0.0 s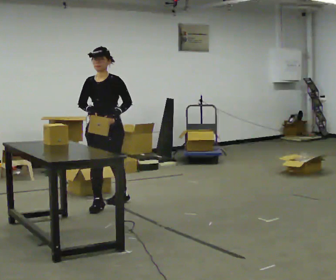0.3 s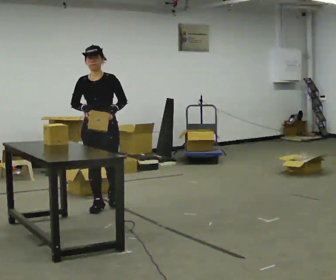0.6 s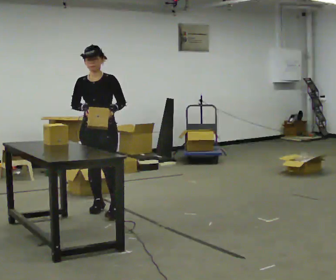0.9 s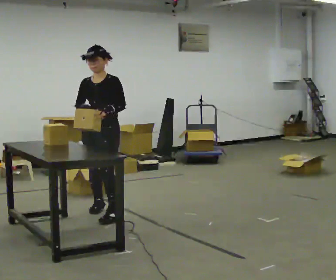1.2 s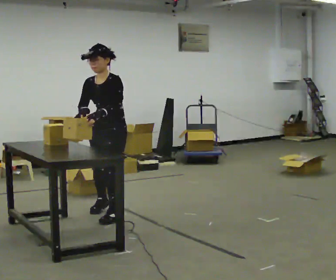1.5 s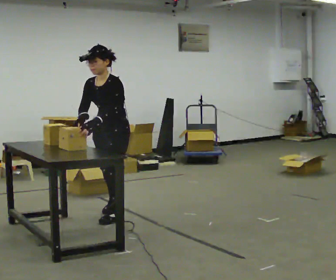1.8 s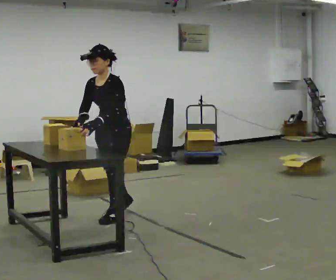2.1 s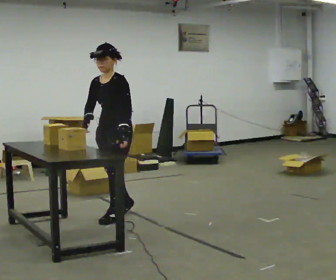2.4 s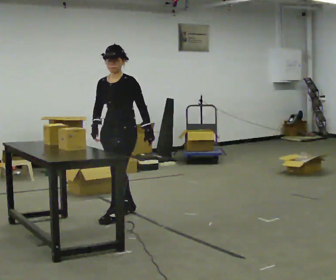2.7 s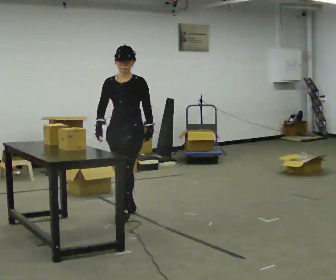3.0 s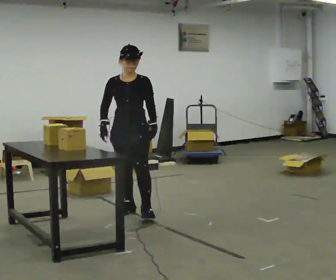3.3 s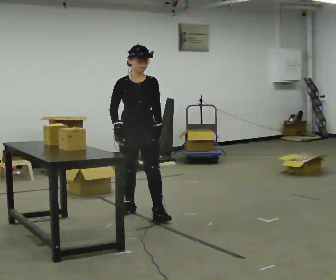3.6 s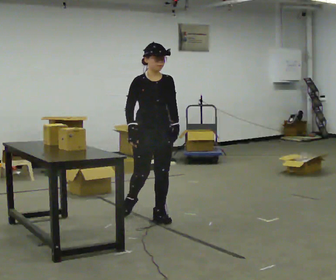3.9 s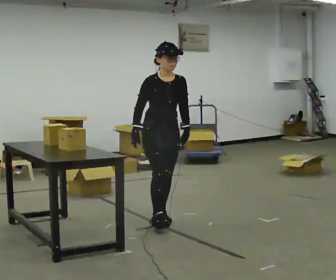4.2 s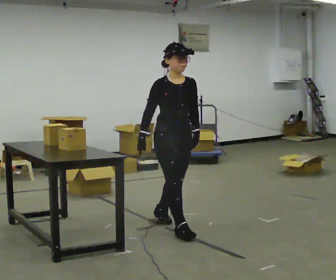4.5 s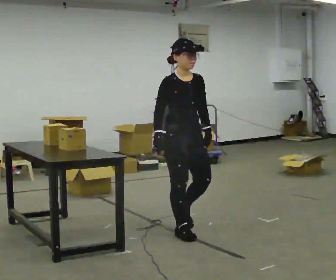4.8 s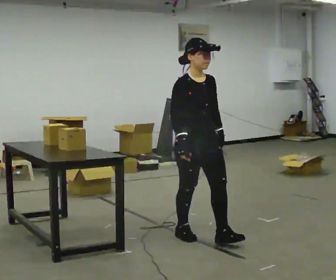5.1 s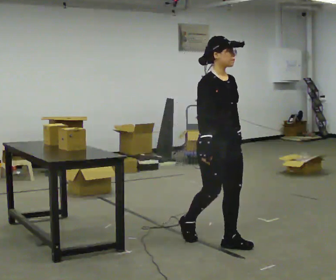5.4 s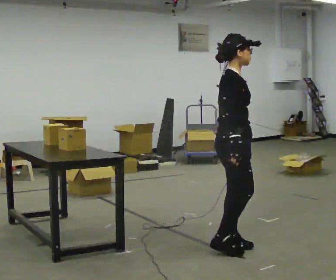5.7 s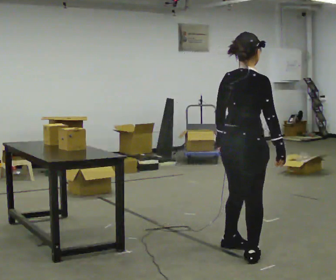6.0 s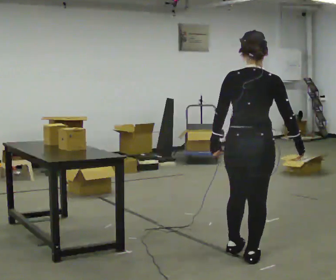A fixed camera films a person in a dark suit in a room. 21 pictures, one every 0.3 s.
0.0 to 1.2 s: In the picture they go toward the camera, about 0.5 m in 1 step, which for them is forward and to their left.
1.2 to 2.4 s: In the picture their left hand goes to the right.
2.4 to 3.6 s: Seen from above the body turns counterclockwise, about 60 degrees: to their left, with its near side sliding to the right. In the picture they go to the right, about 0.25 m in 1 step, which for them is to their left.
3.6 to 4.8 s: In the picture they go toward the camera and to the right, about 0.5 m in 1 step, which for them is forward.
4.8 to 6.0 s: Seen from above the body turns counterclockwise, about 135 degrees: to their left, with its near side sliding to the right. In the picture they go toward the camera and to the right, about 0.75 m in 2 steps.
The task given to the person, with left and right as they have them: Bring the boxes over one at a time and stack them on top of each other, walking back for each one. Keep going until the operator says stop; one object at a time, and do not rush between trips.
The film runs forward here.
